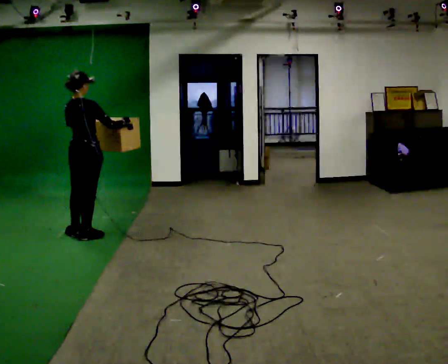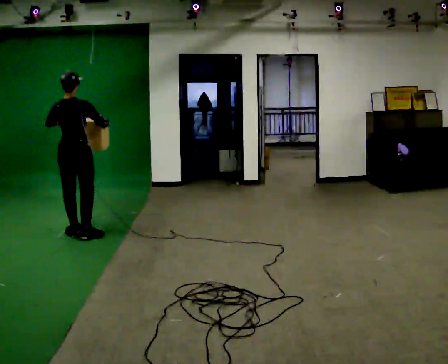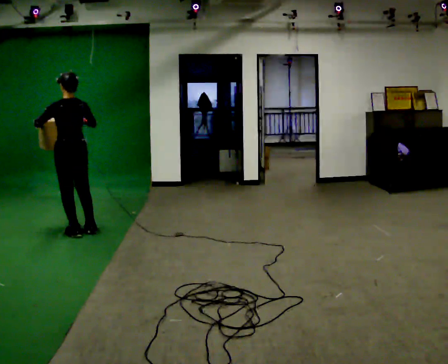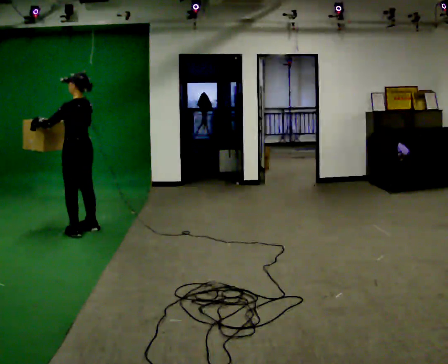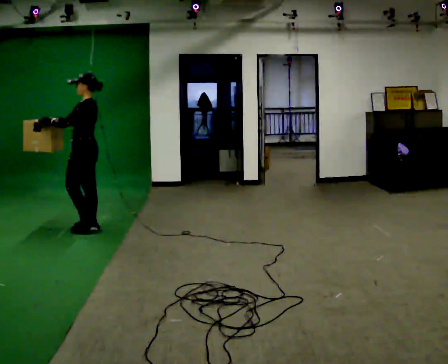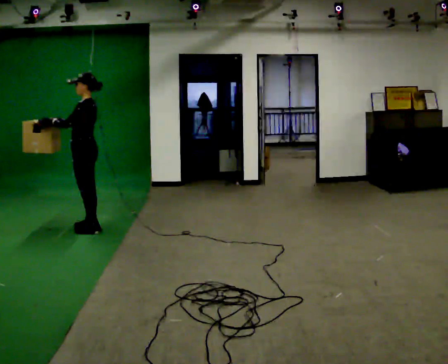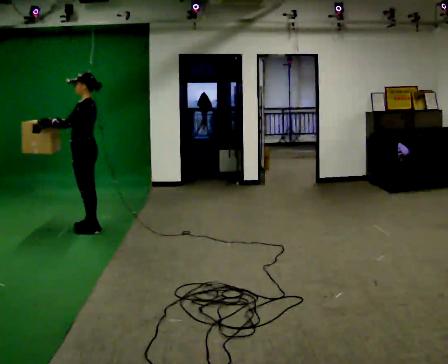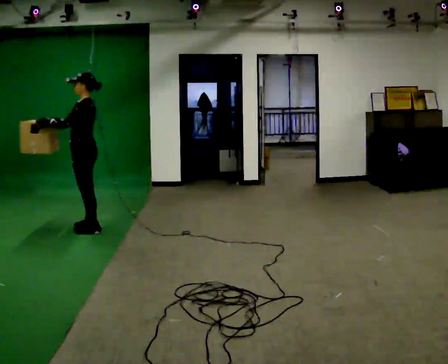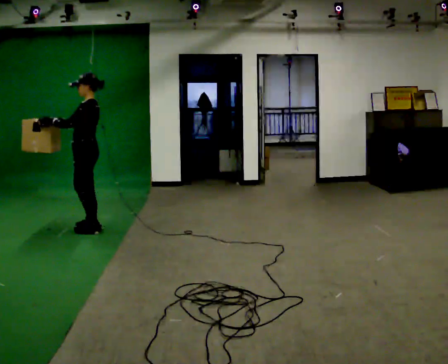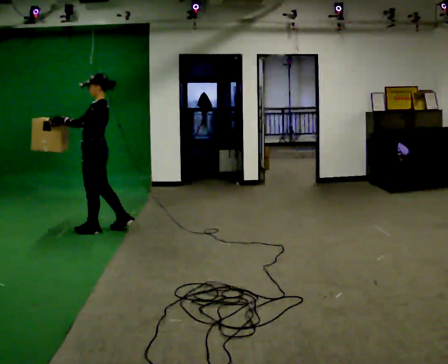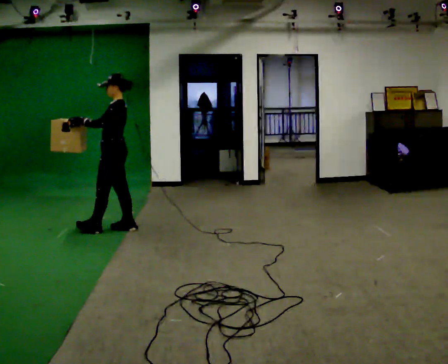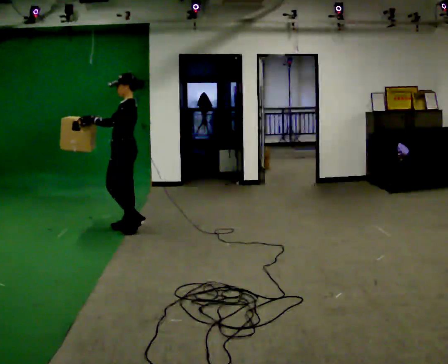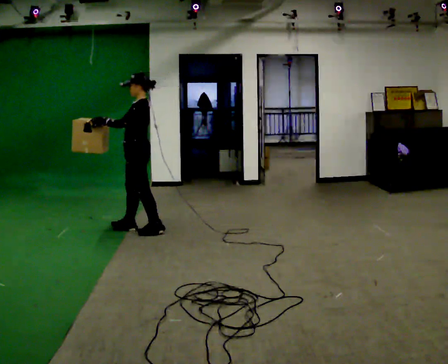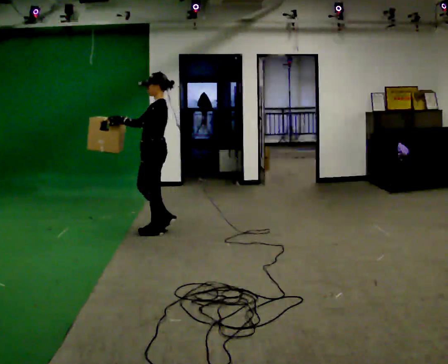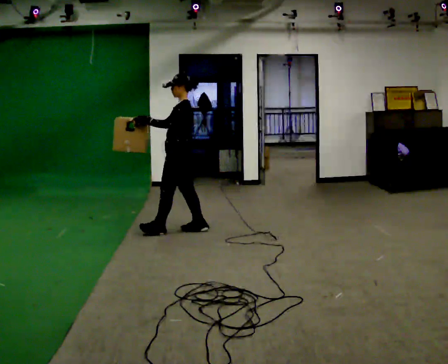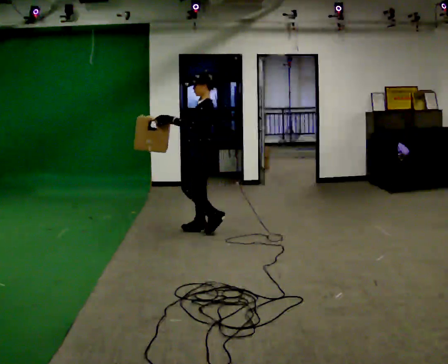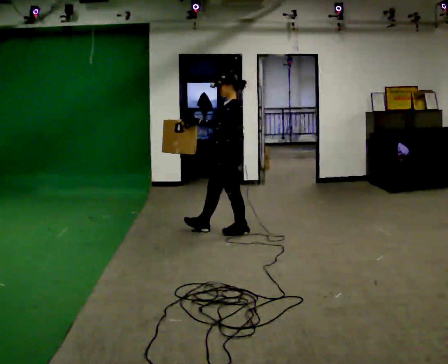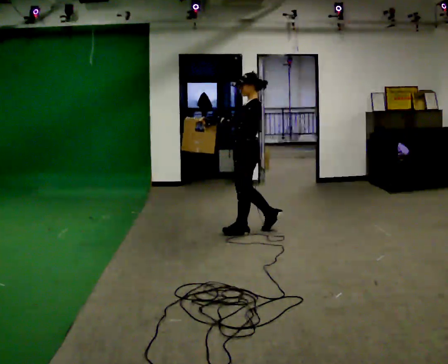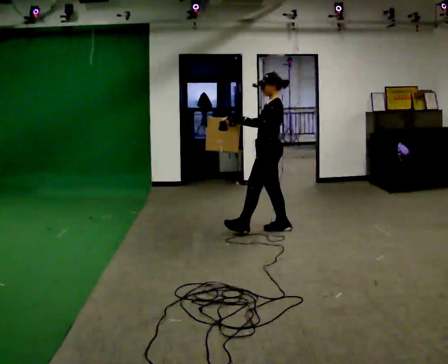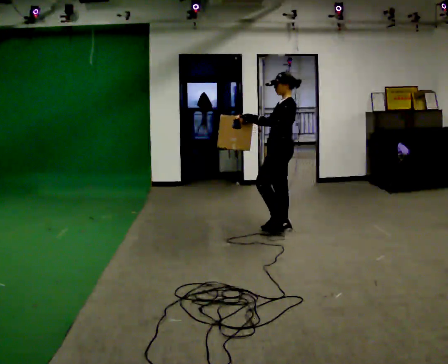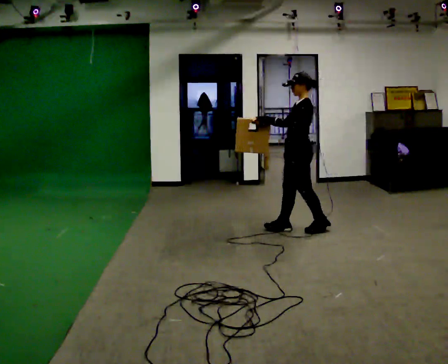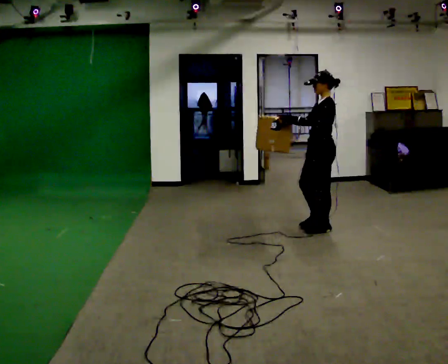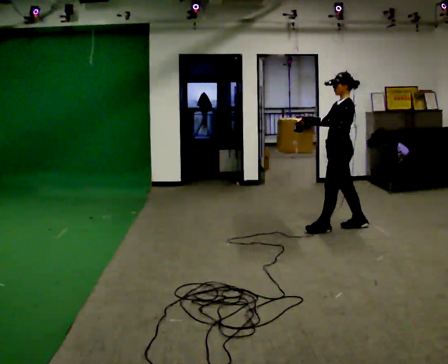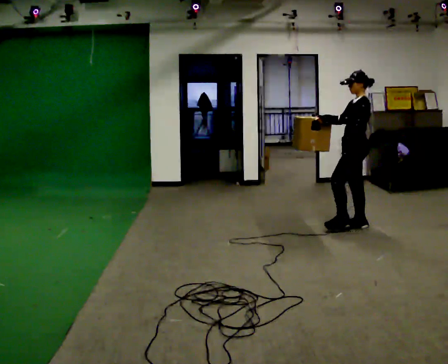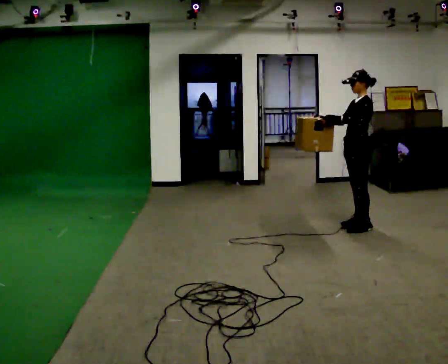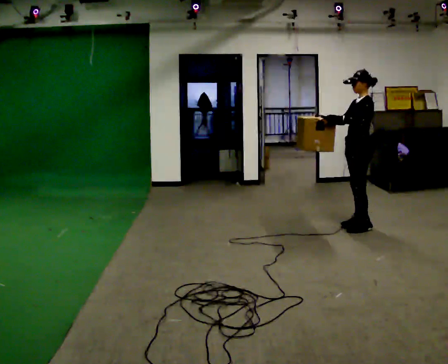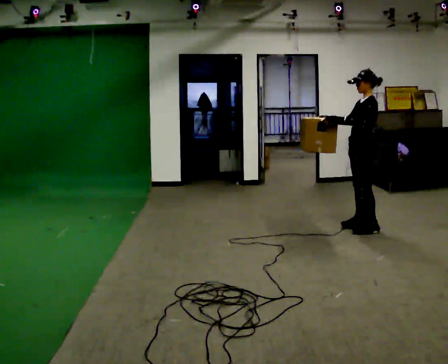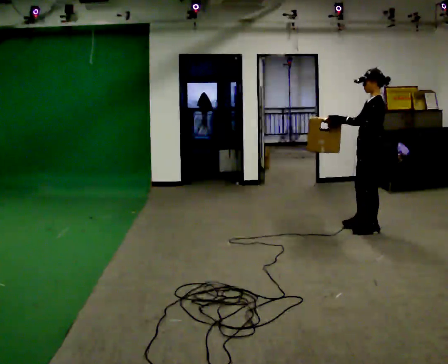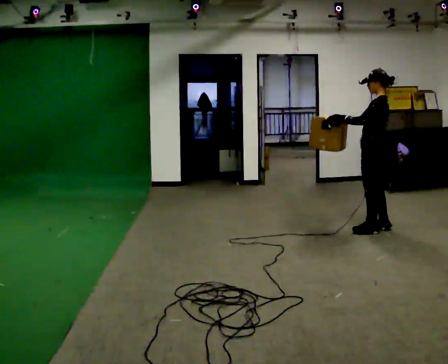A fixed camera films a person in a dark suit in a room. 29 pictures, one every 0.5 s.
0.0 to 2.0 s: The person turns about 120 degrees to their left, counterclockwise seen from above, so the part of the body nearest the lens slides to the right. In the picture they go away from the camera, about 0.25 m in 2 steps.
2.0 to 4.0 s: The person moves a little, or ends about where they began.
4.0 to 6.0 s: In the picture they go to the right, about 0.5 m in 2 steps, which for them is backward.
6.0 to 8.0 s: In the picture they go to the right, about 1 m in 2 steps, which for them is backward.
8.0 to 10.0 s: In the picture they go to the right, about 0.75 m in 2 steps, which for them is backward.
10.0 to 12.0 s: In the picture they go to the right, about 0.5 m in 2 steps, which for them is backward.
12.0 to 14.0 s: The person turns about 30 degrees to their right, clockwise seen from above, so the part of the body nearest the lens slides to the left. In the picture they go toward the camera, about 0.25 m in 1 step, which for them is to their left.
The film runs backward here.
